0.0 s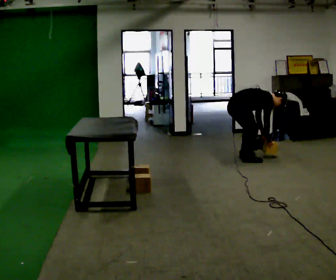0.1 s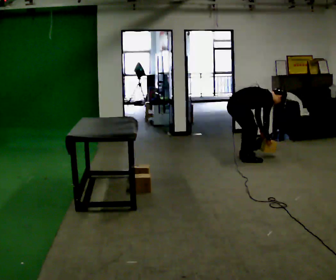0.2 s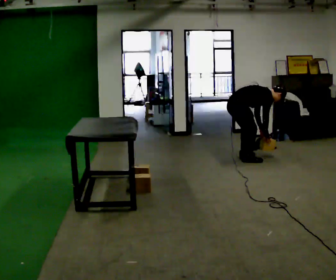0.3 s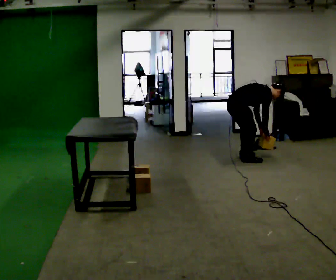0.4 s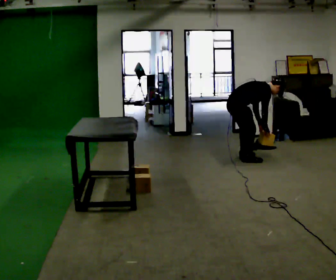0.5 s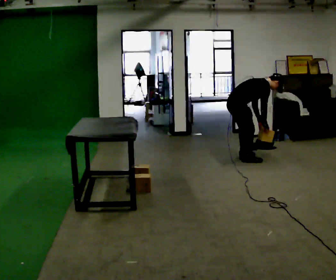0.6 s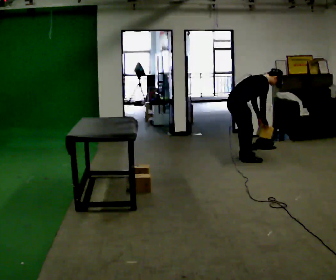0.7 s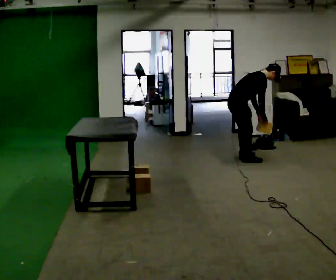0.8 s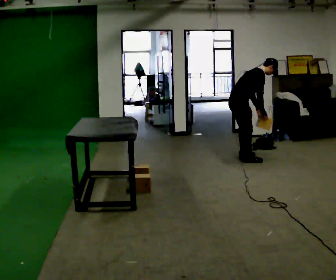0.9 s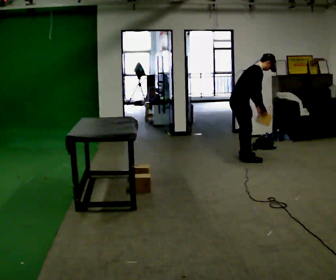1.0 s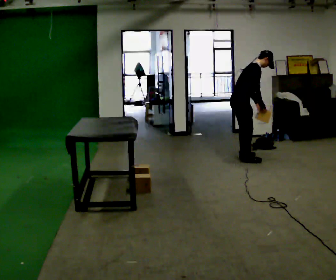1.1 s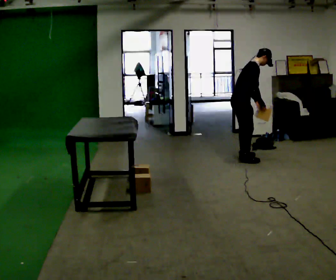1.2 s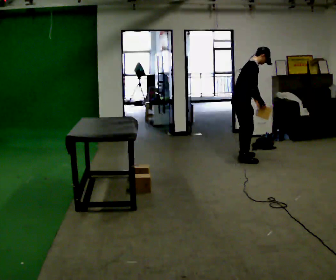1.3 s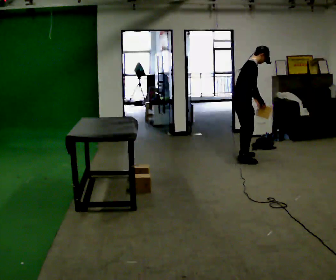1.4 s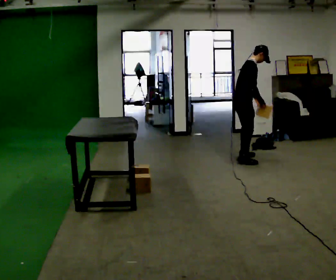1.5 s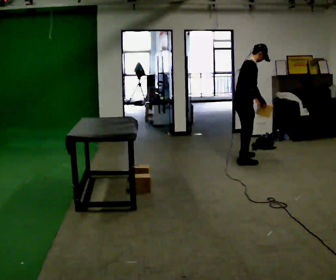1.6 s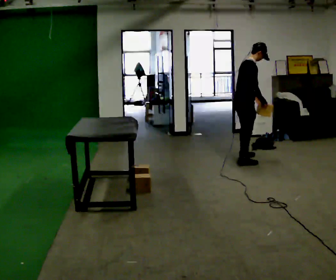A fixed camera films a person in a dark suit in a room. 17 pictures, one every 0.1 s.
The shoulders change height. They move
upward.
Their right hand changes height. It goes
upward.
0.0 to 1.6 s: The shoulders move upward. In the picture the upper body tilts counterclockwise, shoulders to the left, as they lean back or straighten. In the picture their right hand goes upward.
The film runs backward here.
